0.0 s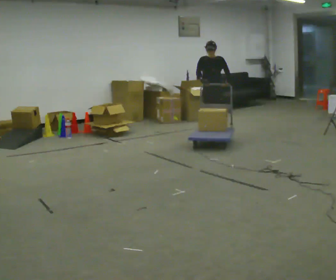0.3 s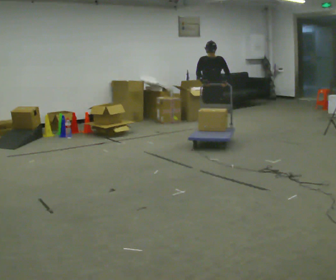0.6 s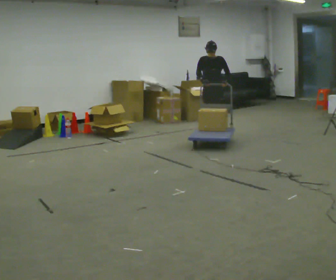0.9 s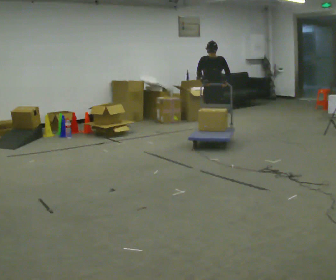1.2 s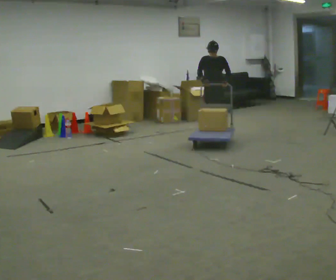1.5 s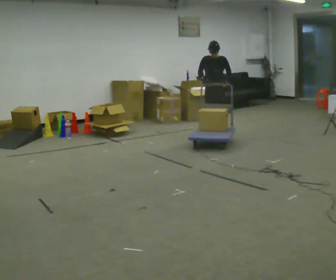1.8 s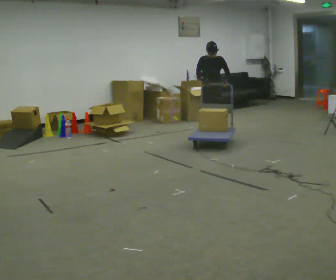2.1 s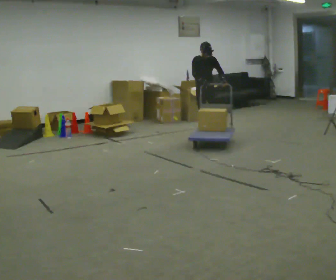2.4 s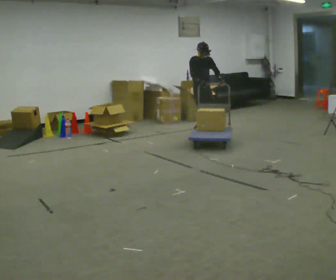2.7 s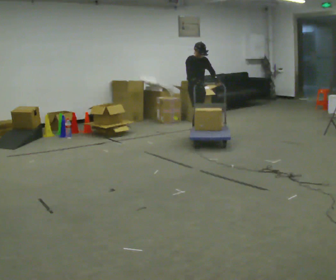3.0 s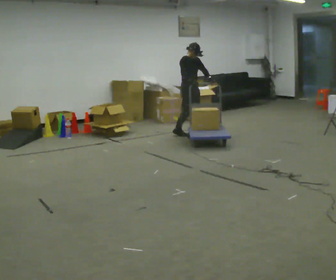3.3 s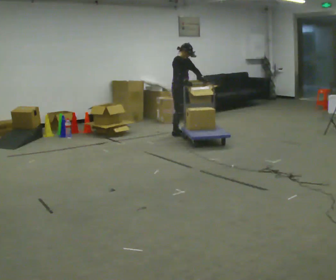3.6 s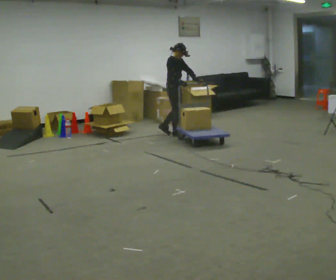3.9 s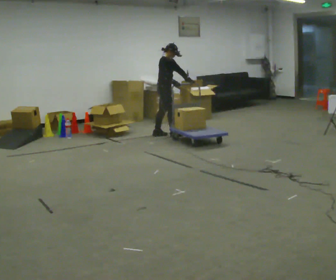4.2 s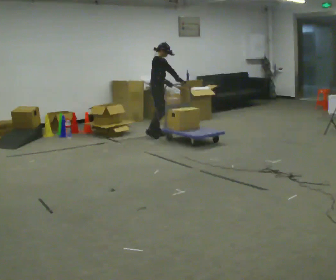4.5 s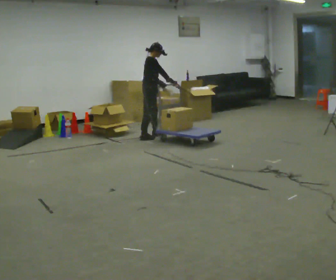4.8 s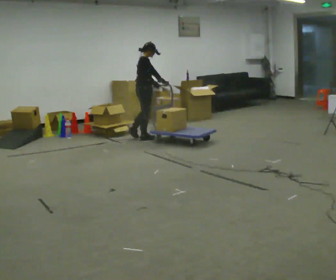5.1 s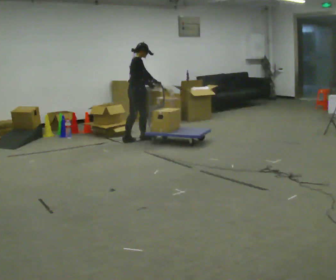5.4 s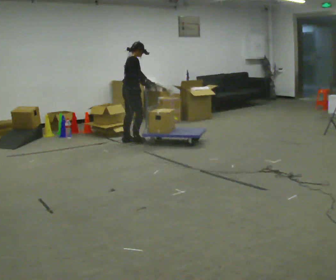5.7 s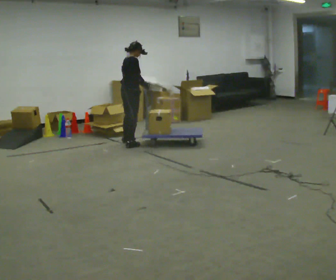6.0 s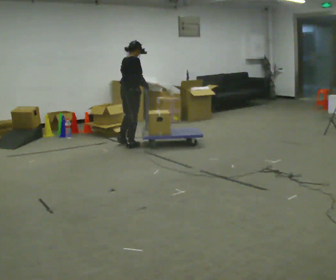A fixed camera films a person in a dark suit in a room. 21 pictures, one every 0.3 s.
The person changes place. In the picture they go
to the left.
The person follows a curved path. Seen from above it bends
counterclockwise.
0.0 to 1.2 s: The person keeps their place and pose.
1.2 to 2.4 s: The part of the body nearest the lens slides to the right as the person turns to their left by about 45 degrees. In the picture they go to the left, about 0.25 m in 1 step, which for them is to their right.
2.4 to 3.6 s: The person turns about 45 degrees to their left, counterclockwise seen from above, so the part of the body nearest the lens slides to the right. In the picture they go to the left, about 0.5 m in 2 steps, which for them is backward and to their right.
3.6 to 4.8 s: The person turns about 30 degrees to their left, counterclockwise seen from above, so the part of the body nearest the lens slides to the right. In the picture they go to the left and toward the camera, about 0.5 m in 2 steps, which for them is backward and to their right.
4.8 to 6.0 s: The person turns about 30 degrees to their left, counterclockwise seen from above, so the part of the body nearest the lens slides to the right. In the picture they go toward the camera, about 0.5 m in 2 steps, which for them is backward and to their right.
The film runs backward here.
